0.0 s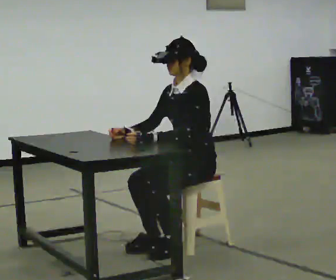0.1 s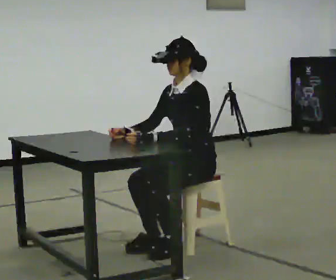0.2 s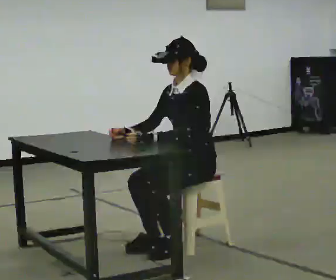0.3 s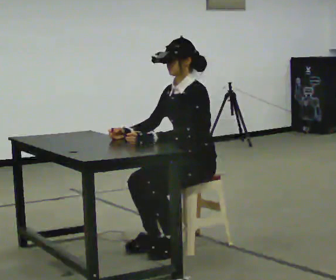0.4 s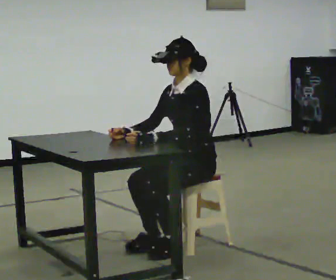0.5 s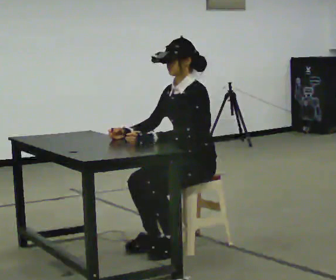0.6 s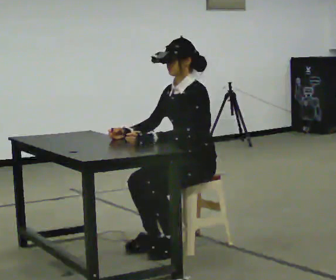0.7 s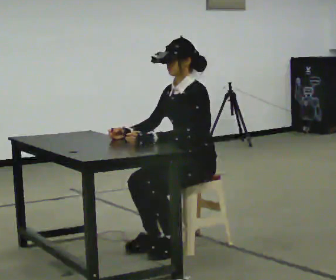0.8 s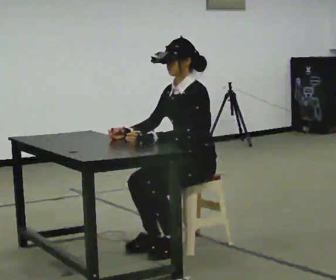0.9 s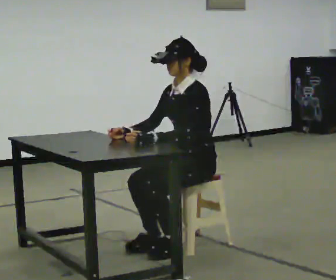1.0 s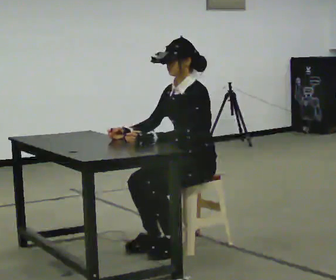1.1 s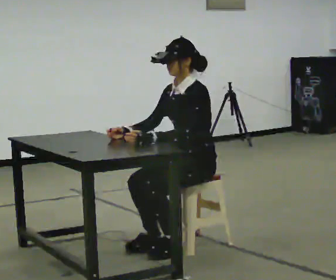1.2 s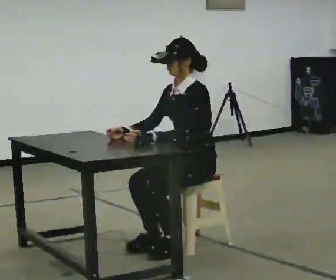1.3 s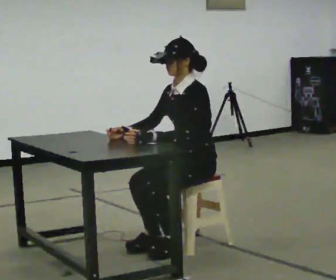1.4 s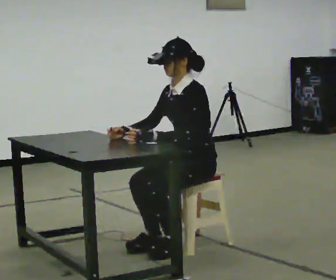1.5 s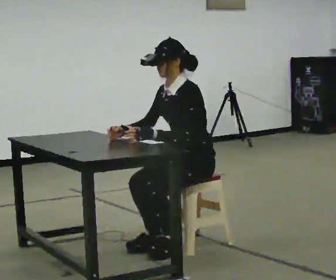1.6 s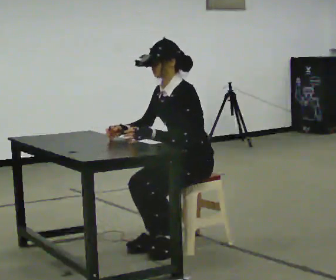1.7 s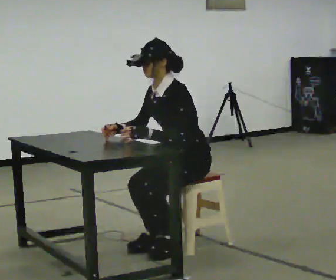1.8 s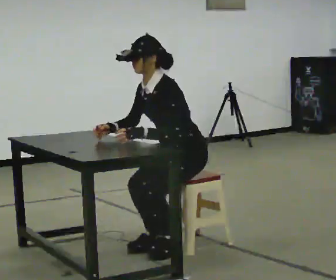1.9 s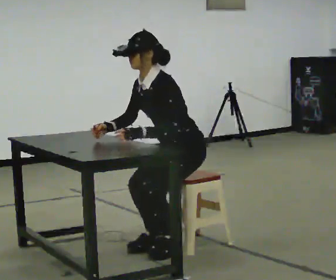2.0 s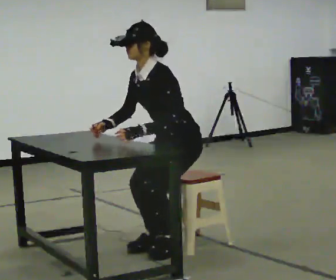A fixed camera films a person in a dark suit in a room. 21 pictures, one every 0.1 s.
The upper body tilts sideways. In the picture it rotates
counterclockwise.
0.0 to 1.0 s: The person keeps their place and pose.
1.0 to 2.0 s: In the picture the upper body tilts counterclockwise, shoulders to the left, as they bend forward.
The film runs backward here.
